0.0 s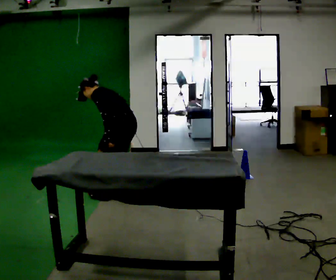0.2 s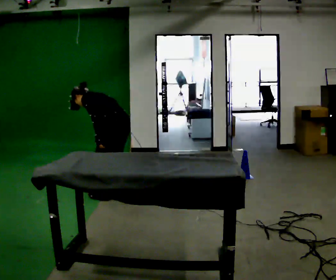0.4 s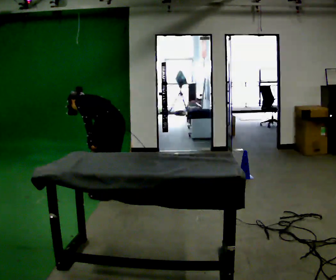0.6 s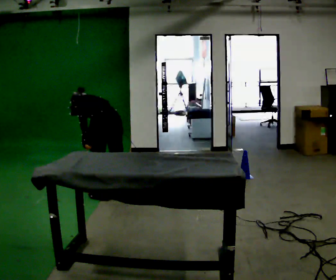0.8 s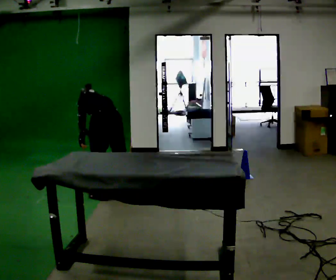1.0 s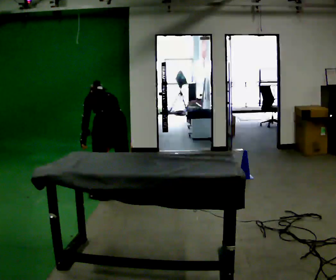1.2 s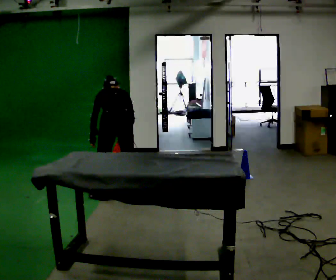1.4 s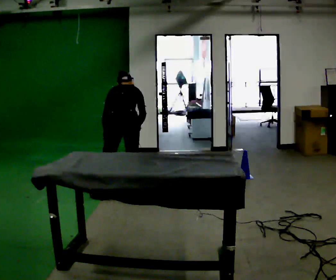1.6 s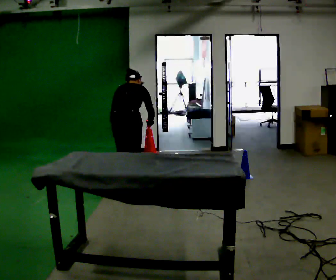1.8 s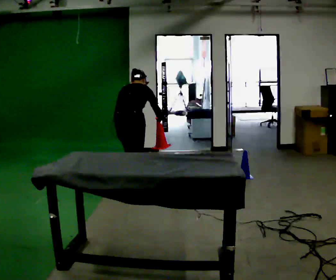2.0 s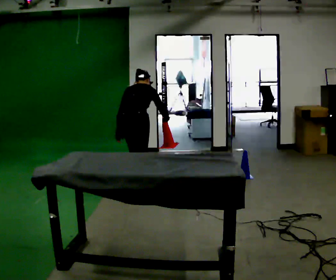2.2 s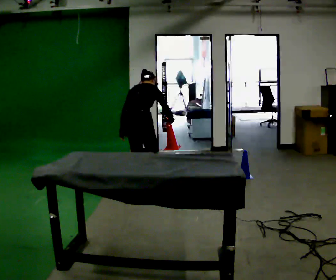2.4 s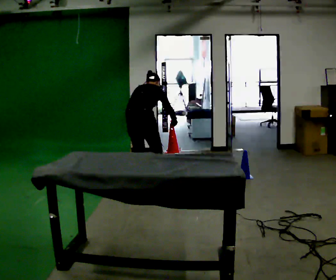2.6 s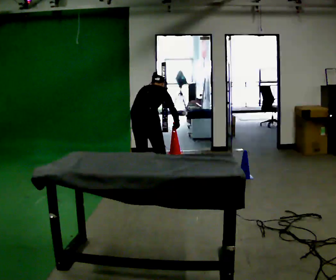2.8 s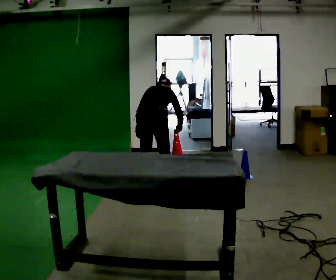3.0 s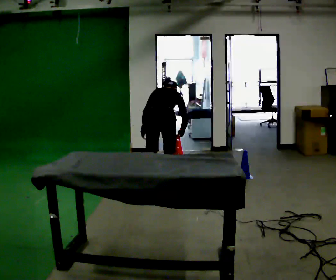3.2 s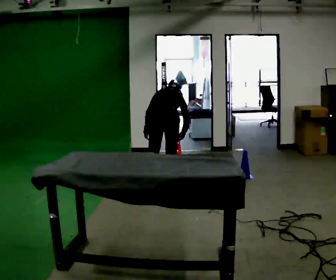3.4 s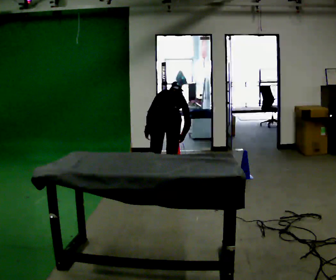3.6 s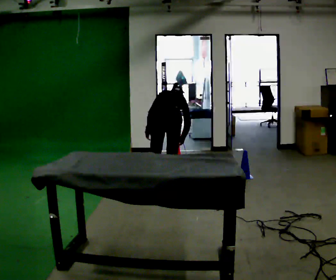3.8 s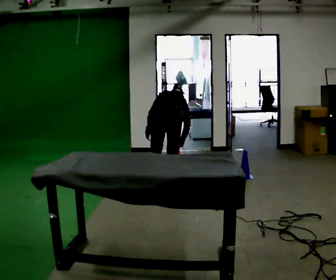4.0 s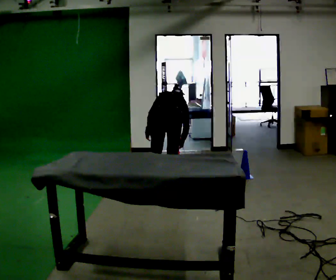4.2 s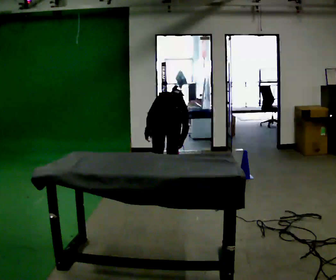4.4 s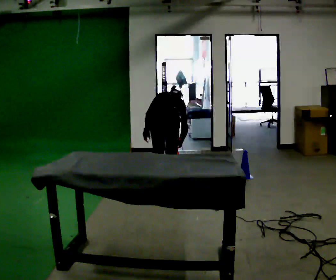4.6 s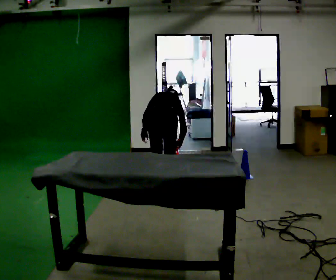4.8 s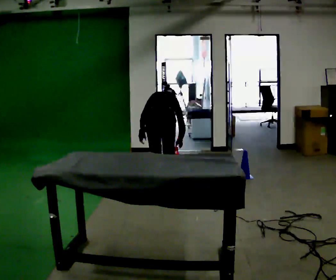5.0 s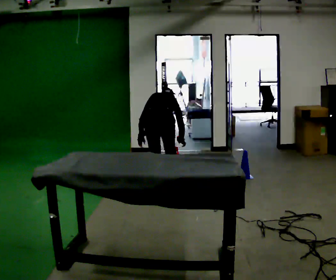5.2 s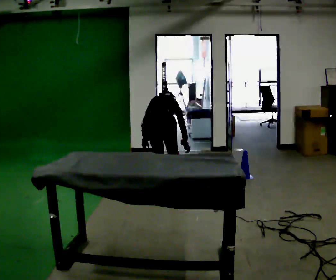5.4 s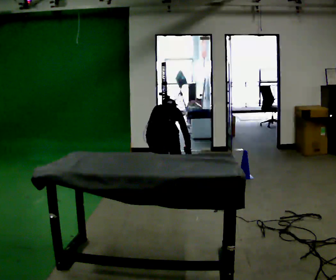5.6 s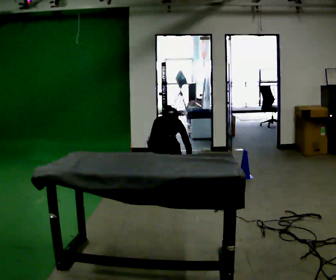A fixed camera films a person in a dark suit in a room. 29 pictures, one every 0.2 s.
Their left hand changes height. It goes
downward.
The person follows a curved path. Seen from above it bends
clockwise.
0.0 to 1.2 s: The person turns about 60 degrees to their right, clockwise seen from above, so the part of the body nearest the lens slides to the left.
1.2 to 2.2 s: The part of the body nearest the lens slides to the left as the person turns to their right by about 45 degrees. In the picture they go away from the camera and to the right, about 0.25 m in 1 step, which for them is forward. In the picture the upper body tilts clockwise, shoulders to the right, as they lean back or straighten.
2.2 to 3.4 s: In the picture they go to the right, about 0.25 m in 1 step, which for them is to their right and forward. The upper body tips away from the camera, its near side rolling upward, as they bend forward.
3.4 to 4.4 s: The person moves a little, or ends about where they began.
4.4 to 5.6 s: The upper body goes downward. In the picture their left hand goes downward.
The film runs forward here.
